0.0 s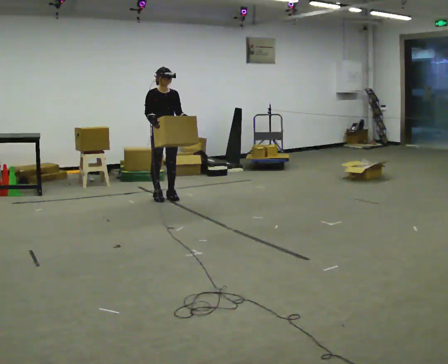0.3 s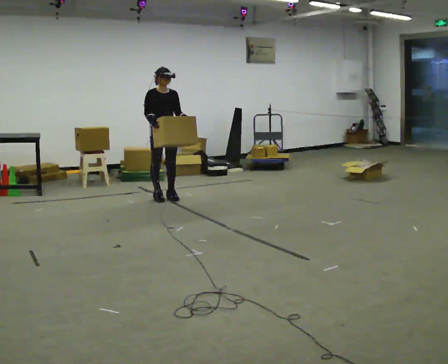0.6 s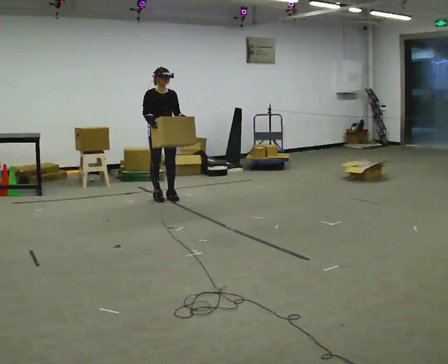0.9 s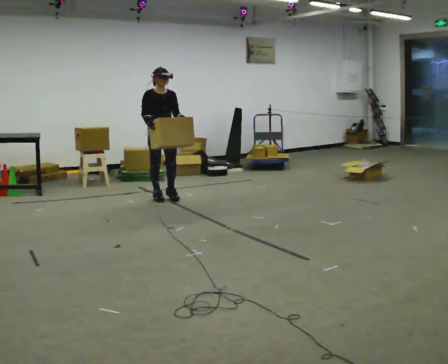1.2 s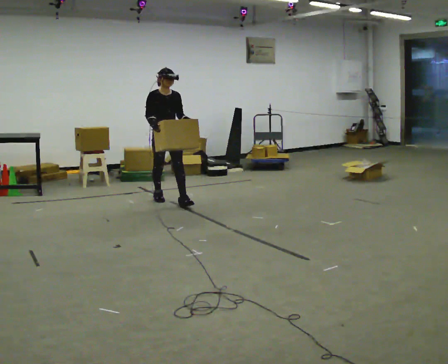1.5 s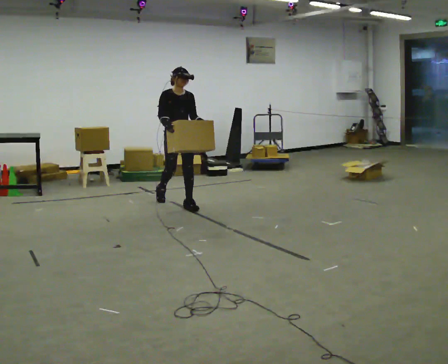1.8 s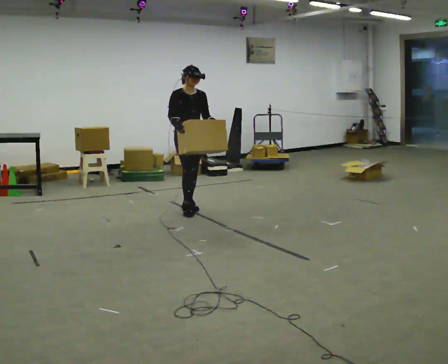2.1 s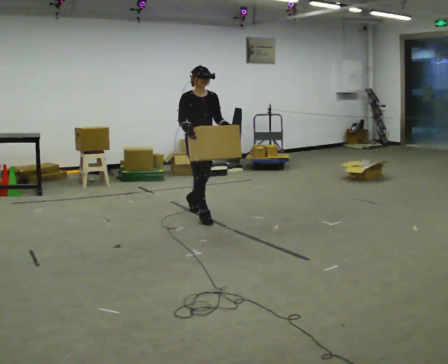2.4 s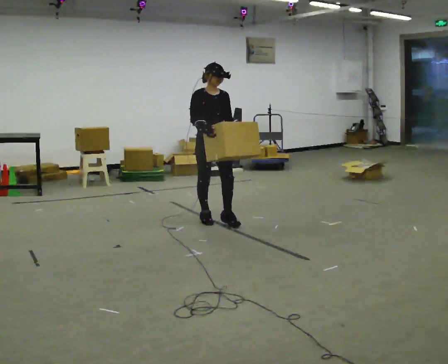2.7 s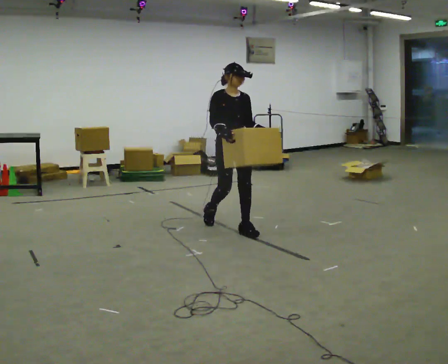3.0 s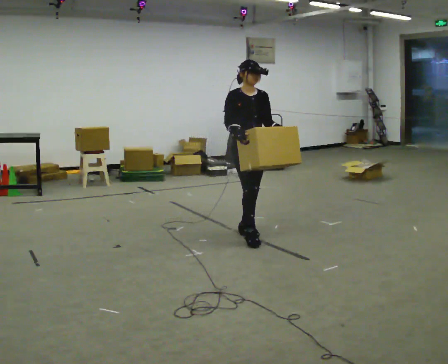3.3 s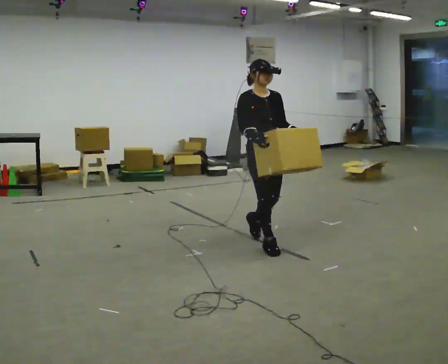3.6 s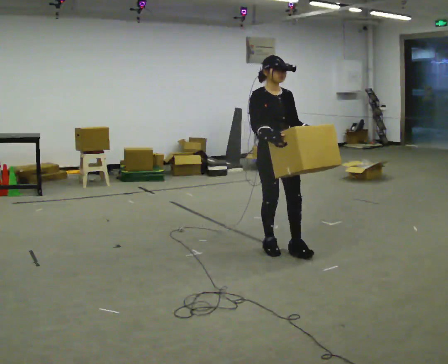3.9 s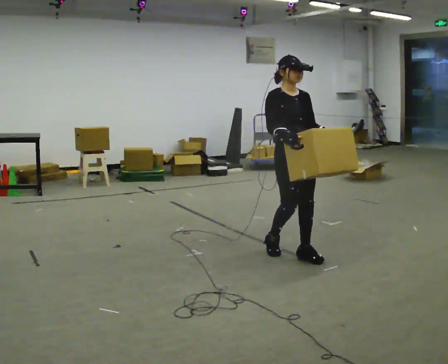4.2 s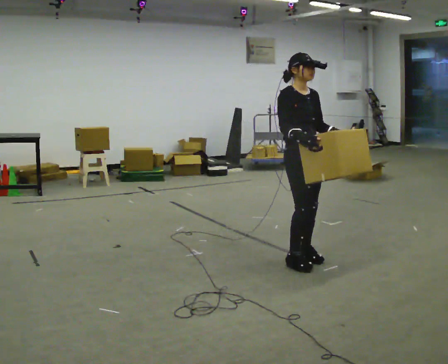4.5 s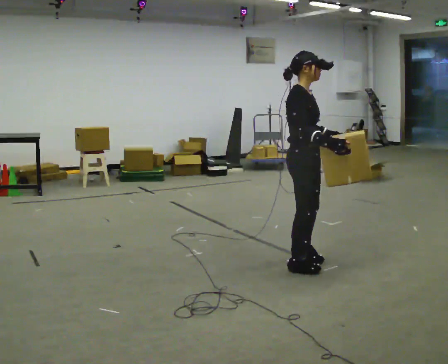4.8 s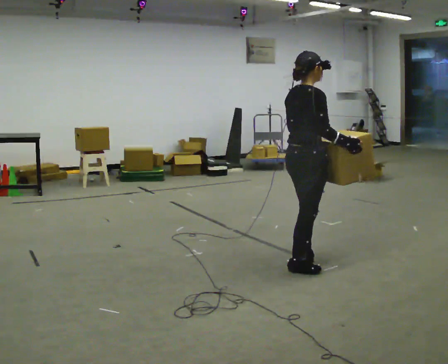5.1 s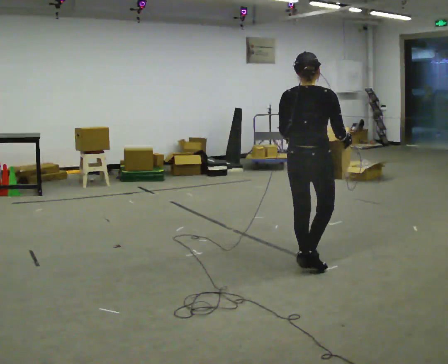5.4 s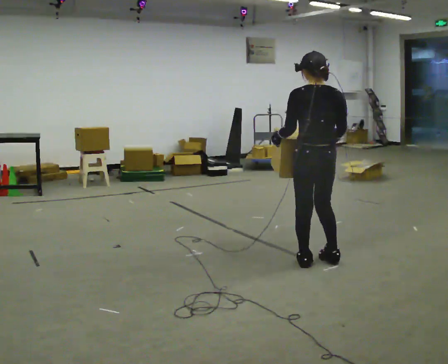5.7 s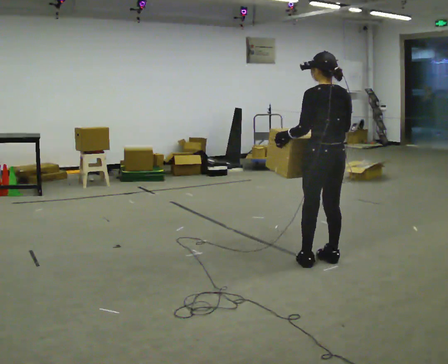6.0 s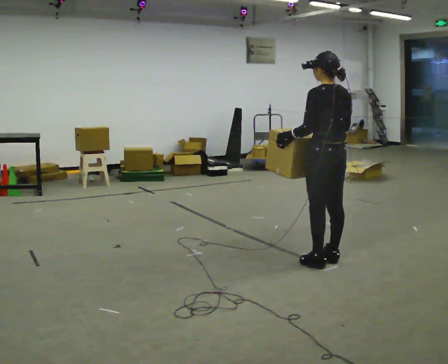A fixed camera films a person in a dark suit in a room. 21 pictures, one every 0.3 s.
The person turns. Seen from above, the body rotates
counterclockwise.
The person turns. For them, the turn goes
to their left.
0.0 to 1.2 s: In the picture they go toward the camera, about 0.25 m, which for them is forward.
1.2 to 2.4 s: In the picture they go toward the camera and to the right, about 1 m in 2 steps, which for them is forward.
2.4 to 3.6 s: In the picture they go toward the camera and to the right, about 1 m in 2 steps, which for them is forward.
3.6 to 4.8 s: Seen from above the body turns counterclockwise, about 75 degrees: to their left, with its near side sliding to the right. In the picture they go toward the camera and to the right, about 0.5 m in 3 steps.
4.8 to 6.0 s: The part of the body nearest the lens slides to the right as the person turns to their left by about 105 degrees. In the picture they go to the right, about 0.25 m in 1 step.
The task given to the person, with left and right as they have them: Carry the box in both hands and walk back and forth across the room. The contents may move around. Carry on as best you can.
The film runs forward here.
